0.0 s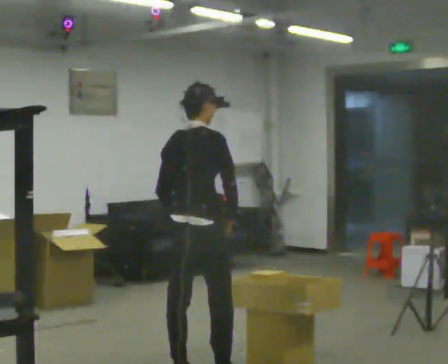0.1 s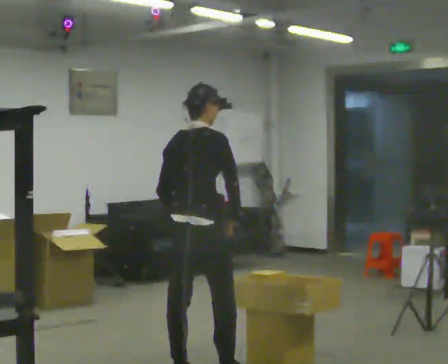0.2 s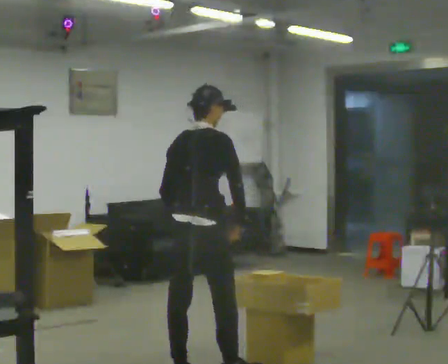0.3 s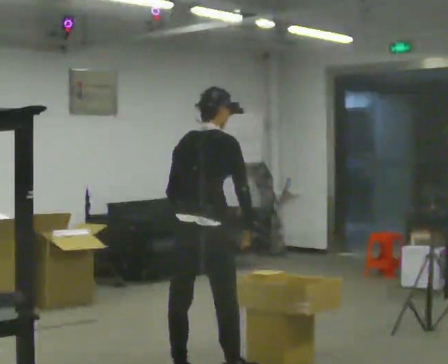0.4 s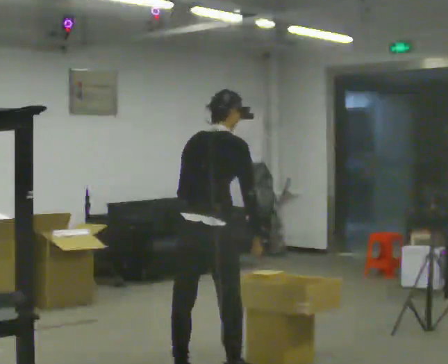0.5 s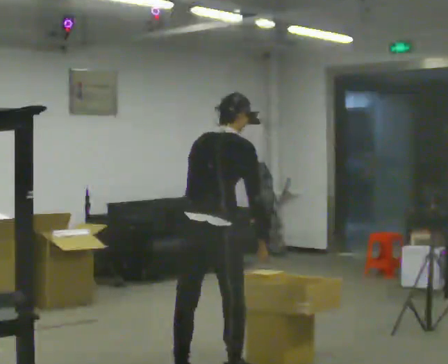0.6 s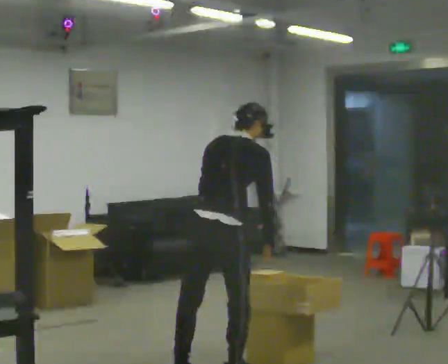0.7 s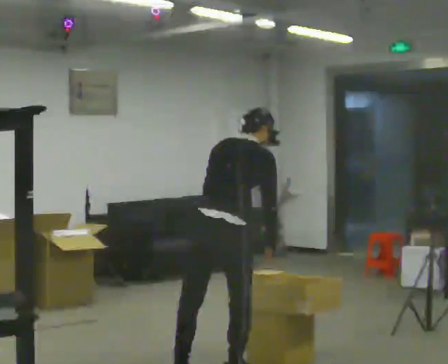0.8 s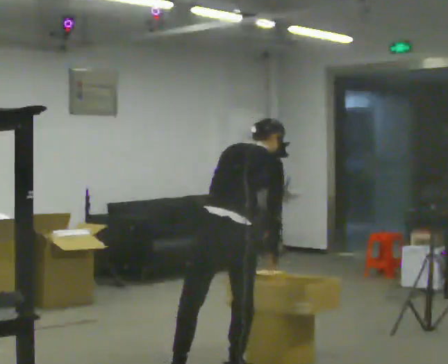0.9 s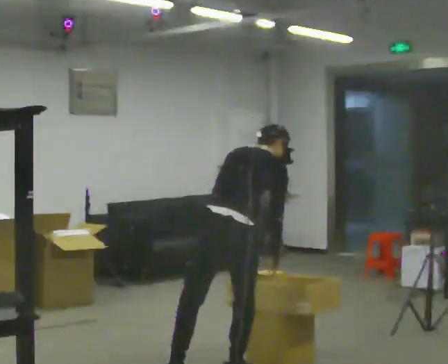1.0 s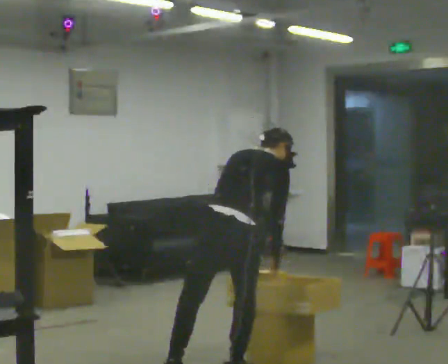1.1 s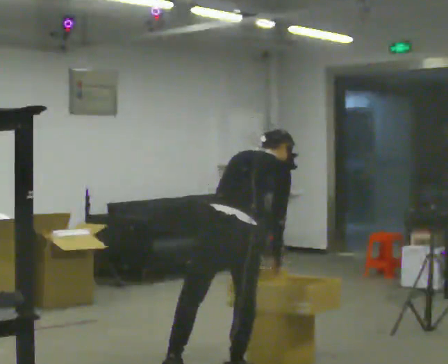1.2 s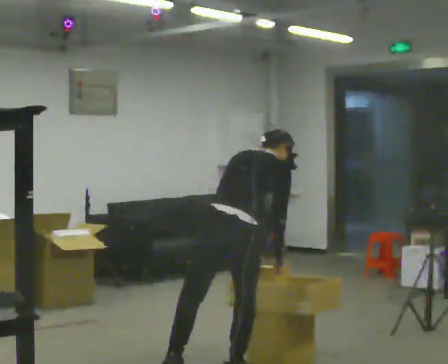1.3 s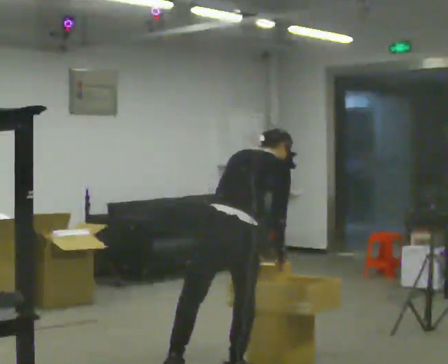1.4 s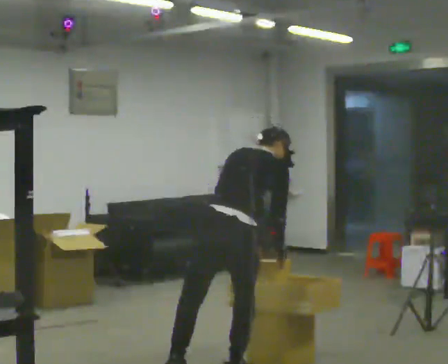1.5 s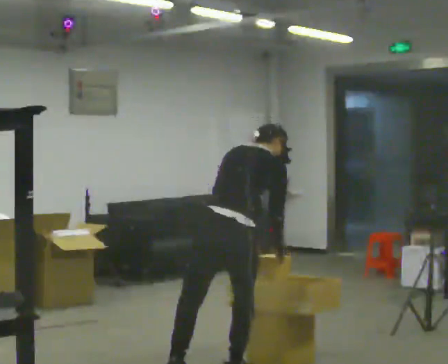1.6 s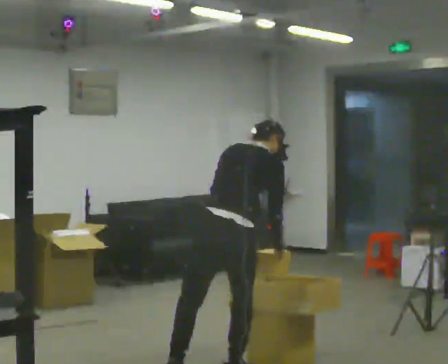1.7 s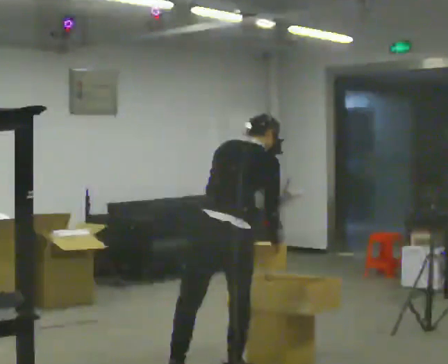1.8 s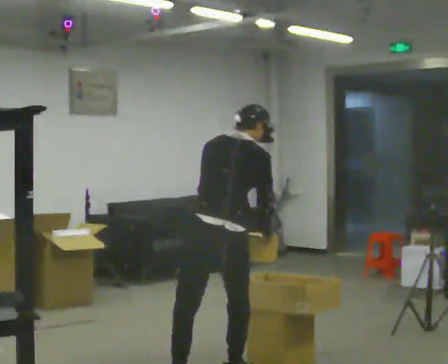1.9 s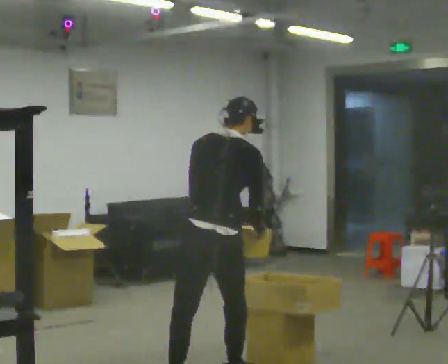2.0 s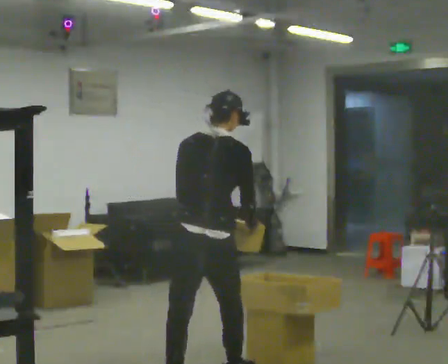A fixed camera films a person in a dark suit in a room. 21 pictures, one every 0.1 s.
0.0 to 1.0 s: In the picture they go to the right, about 0.25 m in 1 step, which for them is to their right. The upper body goes downward. The upper body tips away from the camera, its near side rolling upward, as they bend forward.
1.0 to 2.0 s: In the picture they go toward the camera, about 0.25 m, which for them is backward. The upper body tips toward the camera, its near side rolling downward, as they lean back or straighten.
The film runs backward here.
